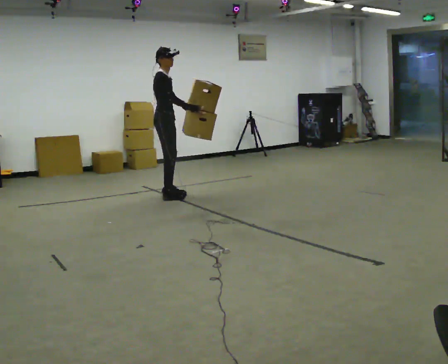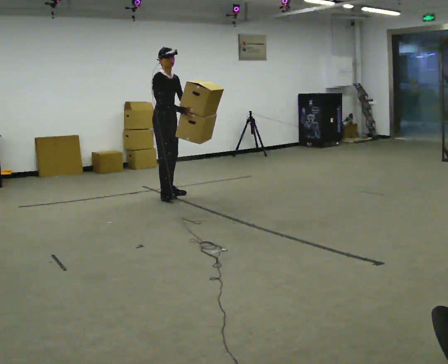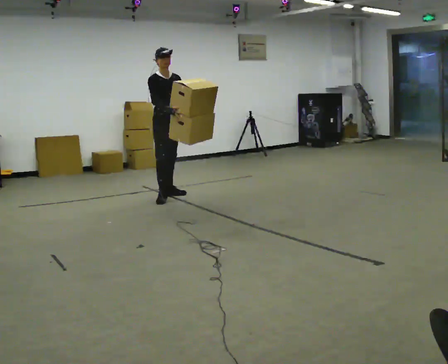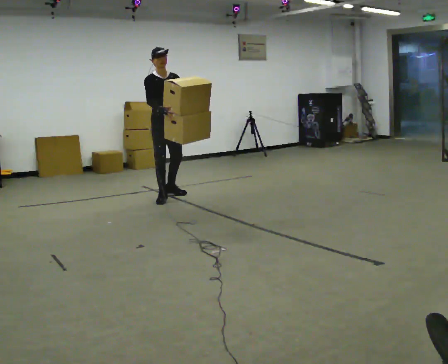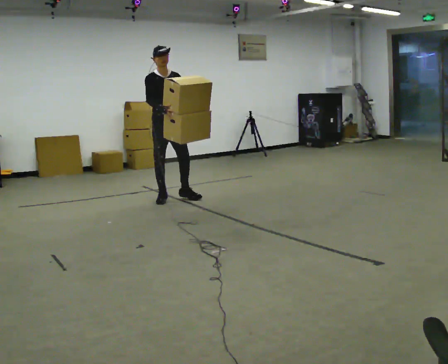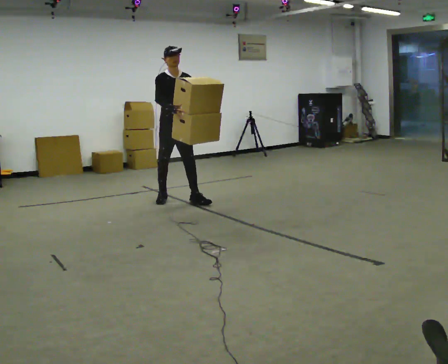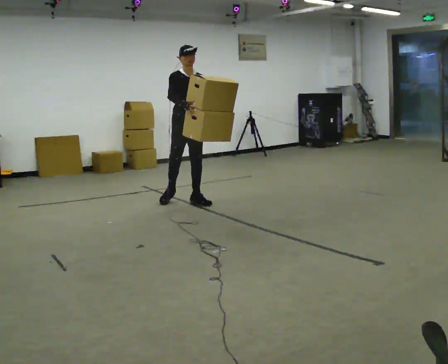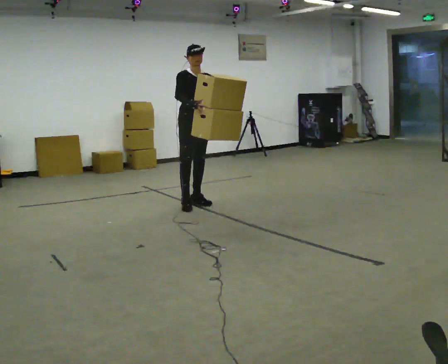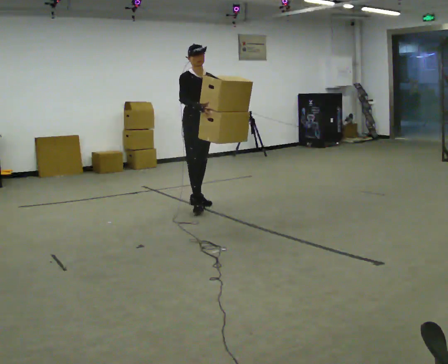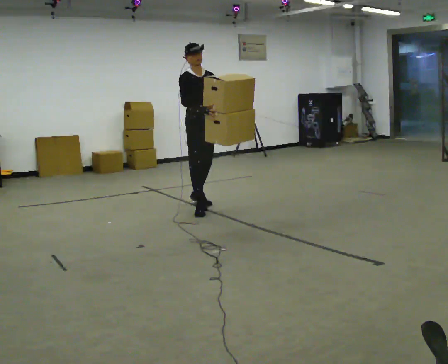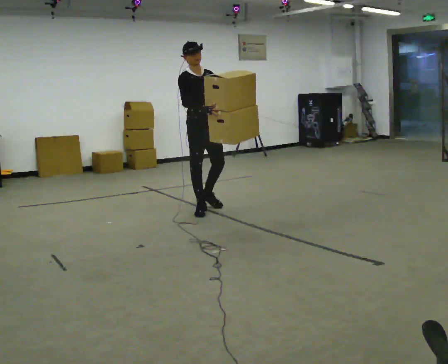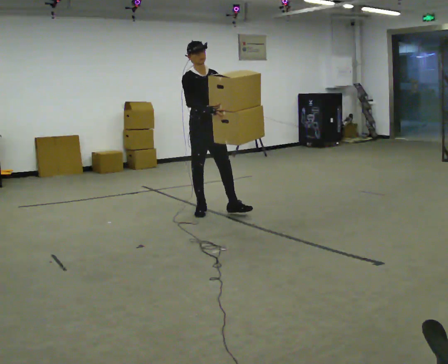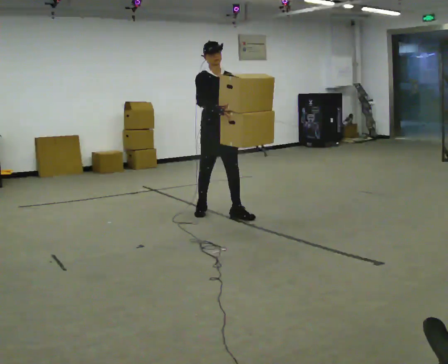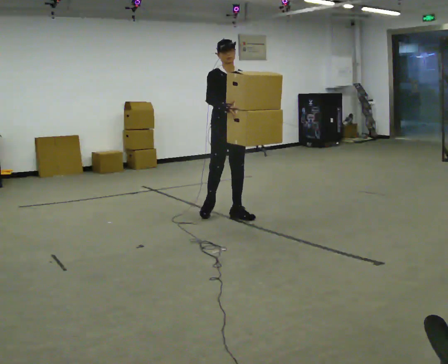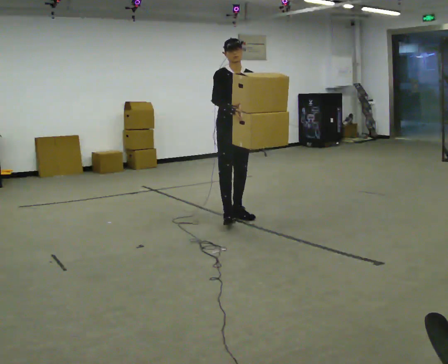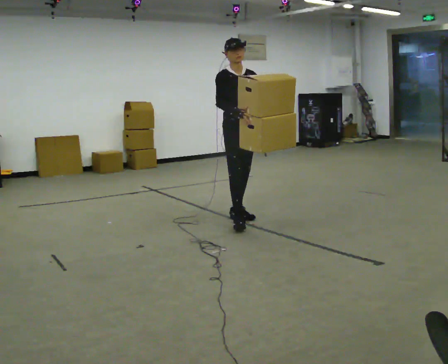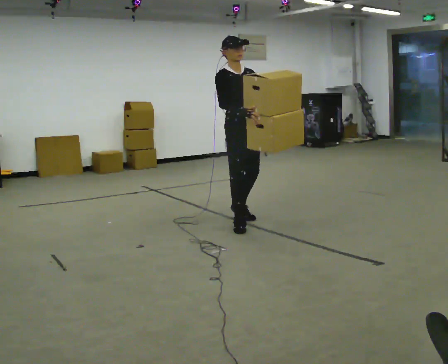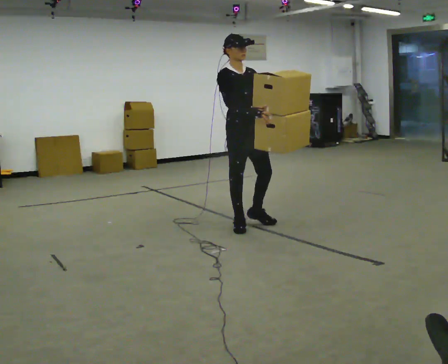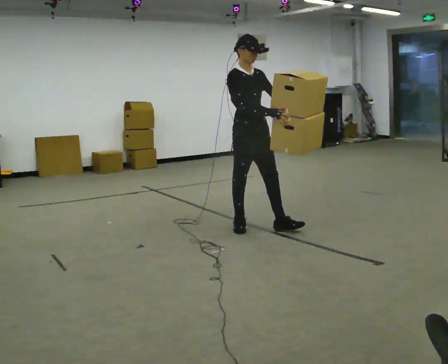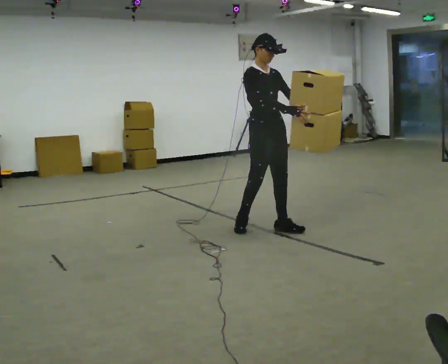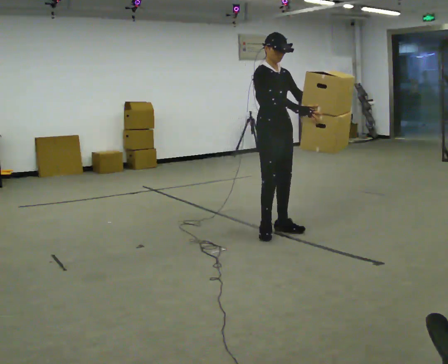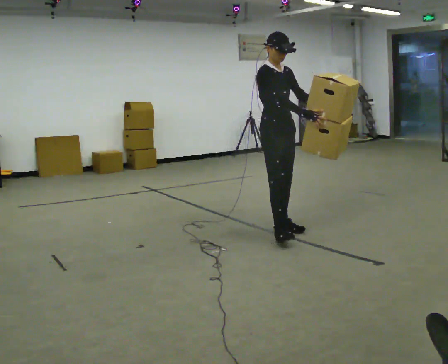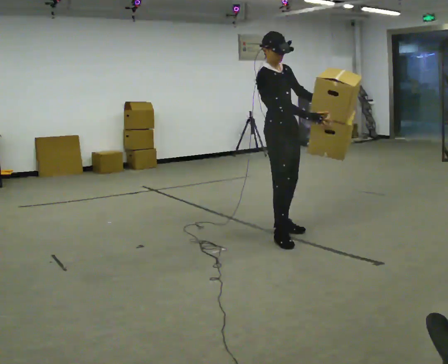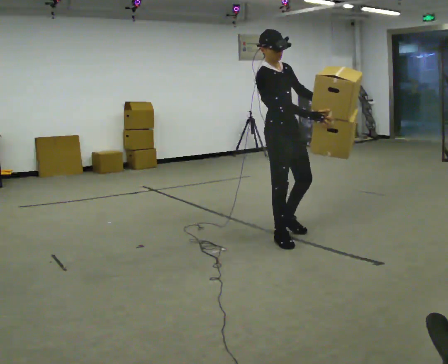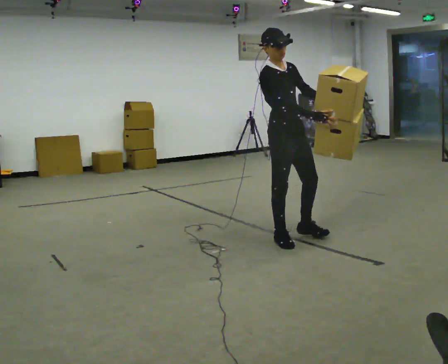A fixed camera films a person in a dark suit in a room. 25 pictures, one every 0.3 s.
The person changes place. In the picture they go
toward the camera.
0.0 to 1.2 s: The part of the body nearest the lens slides to the left as the person turns to their right by about 60 degrees. In the picture their right hand goes to the left.
1.2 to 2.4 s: In the picture they go to the right and toward the camera, about 0.5 m in 1 step, which for them is forward and to their left.
2.4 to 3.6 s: In the picture they go toward the camera and to the right, about 0.5 m in 2 steps, which for them is forward.
3.6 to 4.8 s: In the picture they go toward the camera and to the right, about 0.5 m in 1 step, which for them is forward.
4.8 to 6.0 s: In the picture they go to the right and toward the camera, about 0.25 m in 1 step, which for them is forward.
6.0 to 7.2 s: In the picture they go toward the camera, about 0.25 m in 1 step, which for them is forward and to their right.
The film runs forward here.
